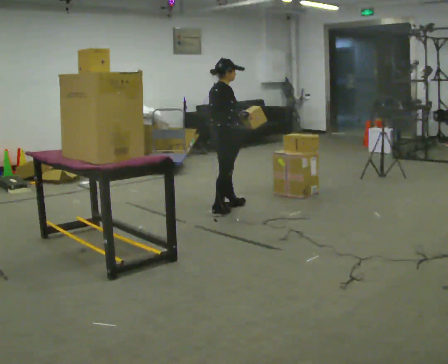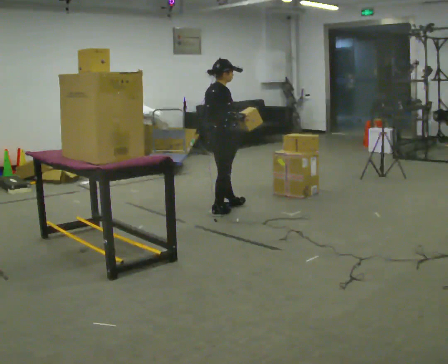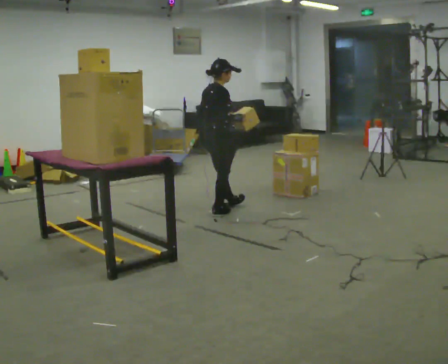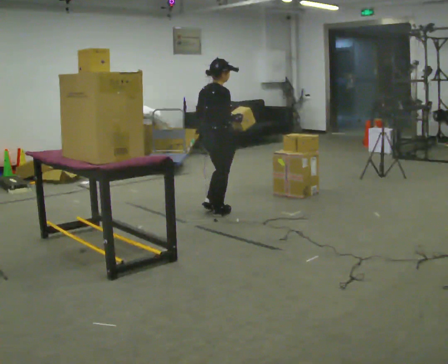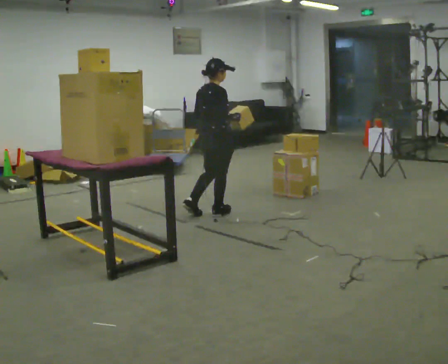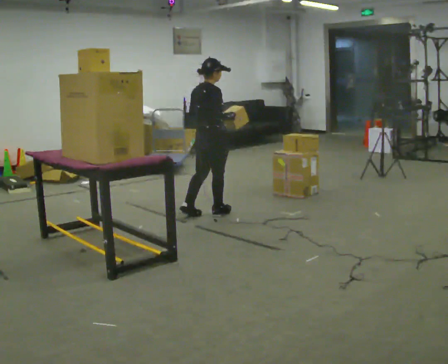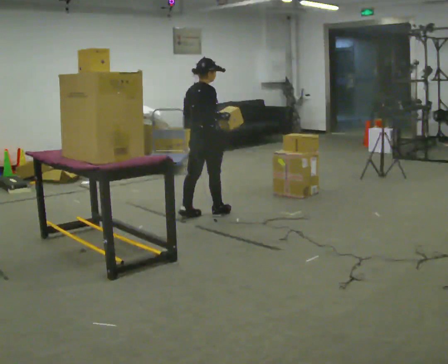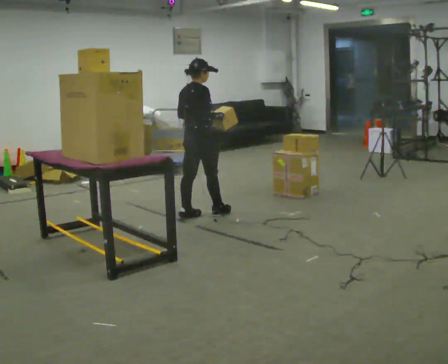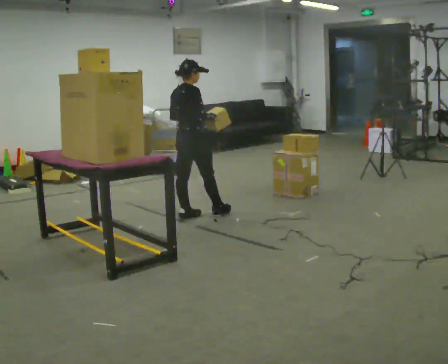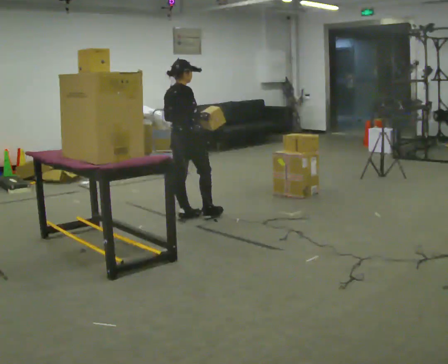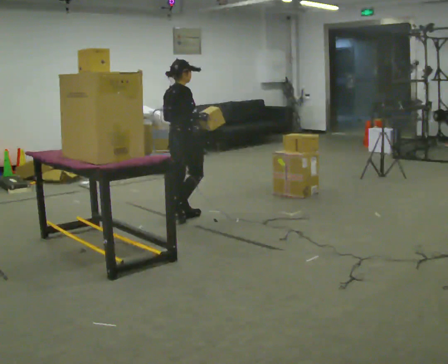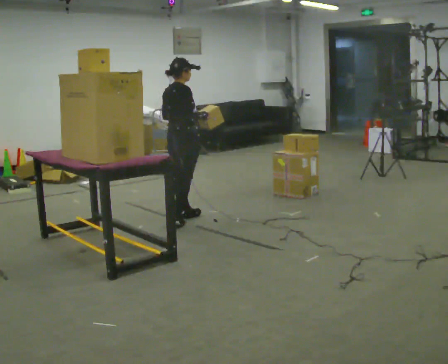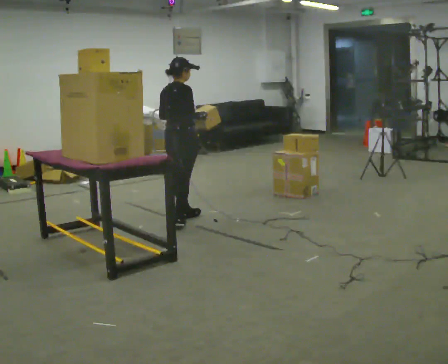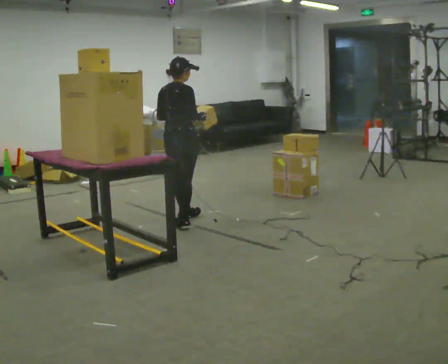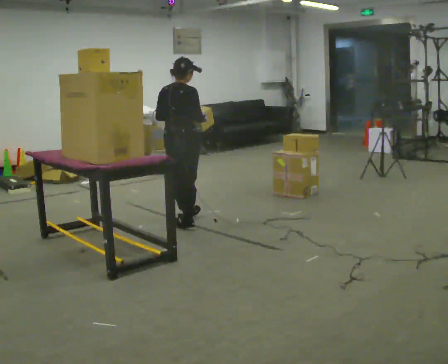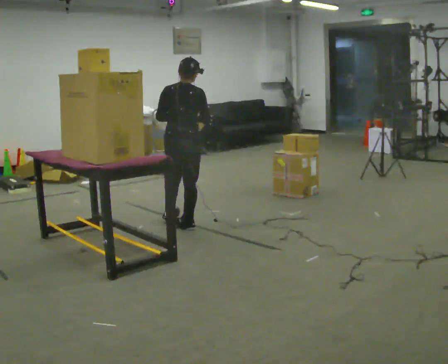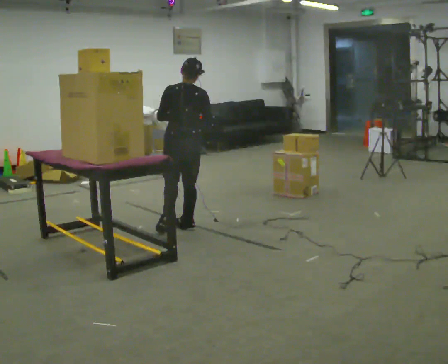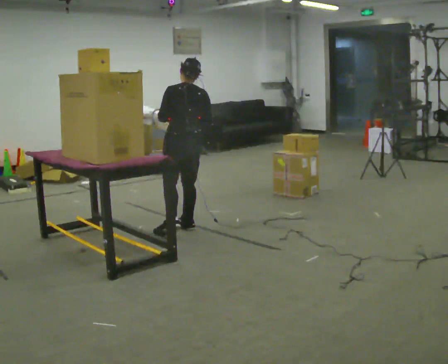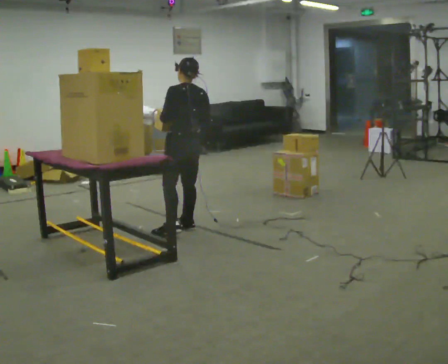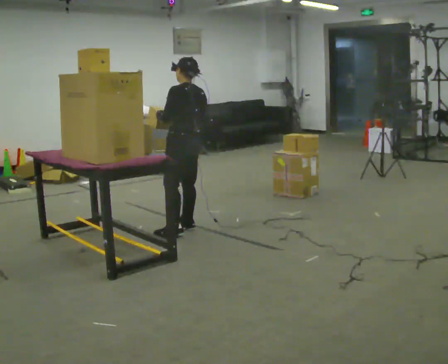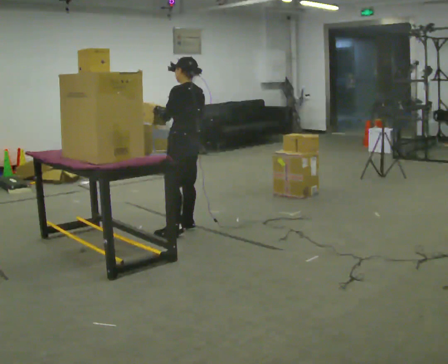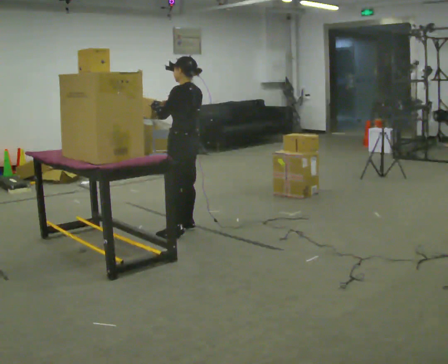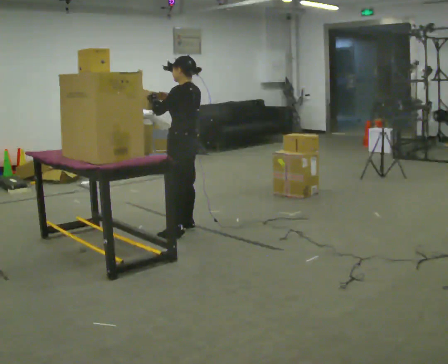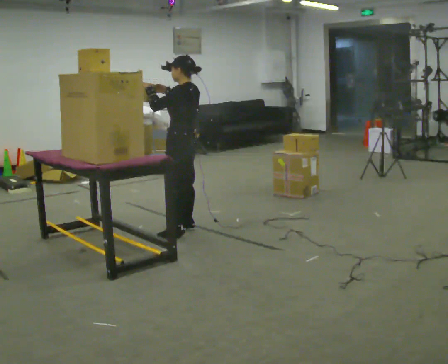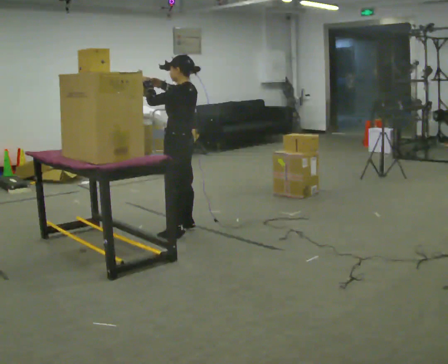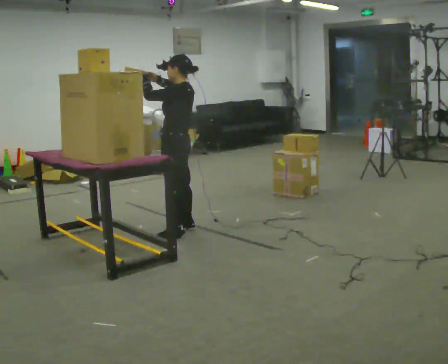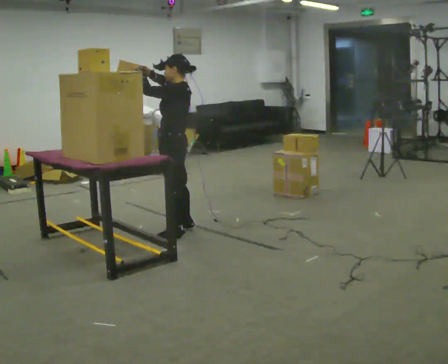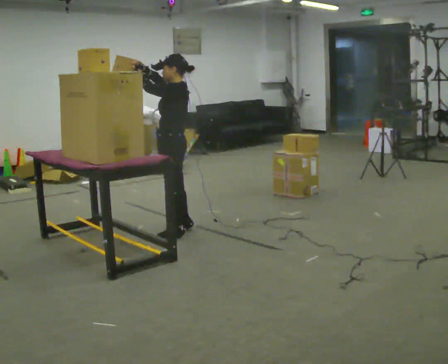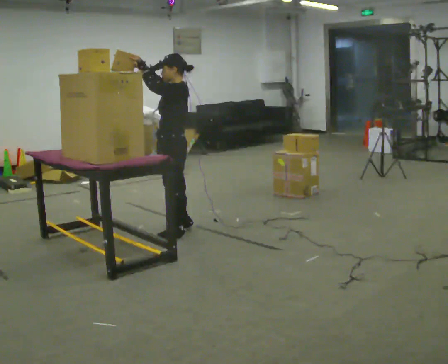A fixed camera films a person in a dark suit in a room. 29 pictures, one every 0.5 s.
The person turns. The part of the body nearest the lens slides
to the right.
Their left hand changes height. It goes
upward.
0.0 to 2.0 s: In the picture they go toward the camera, about 0.25 m in 1 step, which for them is backward.
2.0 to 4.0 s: In the picture they go to the left, about 0.25 m, which for them is backward and to their left.
4.0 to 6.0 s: The person moves a little, or ends about where they began.
6.0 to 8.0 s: Seen from above the body turns counterclockwise, about 60 degrees: to their left, with its near side sliding to the right. In the picture they go toward the camera, about 0.25 m in 1 step, which for them is backward and to their right.
8.0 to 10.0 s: Seen from above the body turns counterclockwise, about 45 degrees: to their left, with its near side sliding to the right.
10.0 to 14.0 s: The part of the body nearest the lens slides to the right as the person turns to their left by about 45 degrees. In the picture they go toward the camera, about 0.25 m, which for them is to their left. In the picture their right hand goes upward and to the left.
The film runs backward here.
